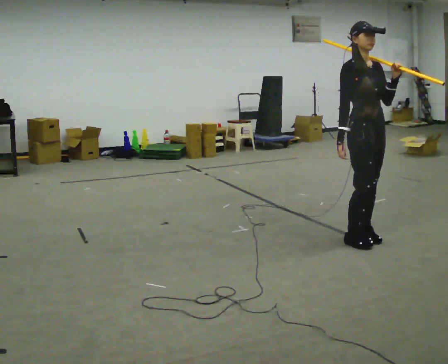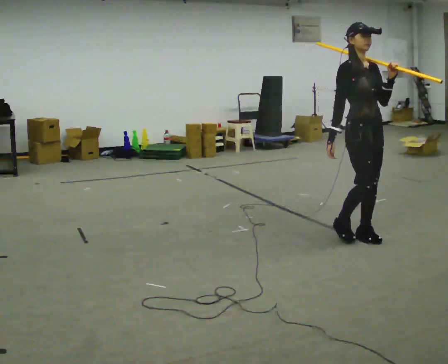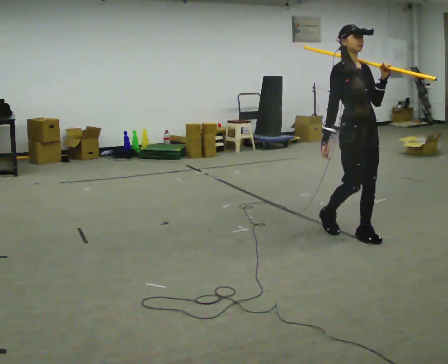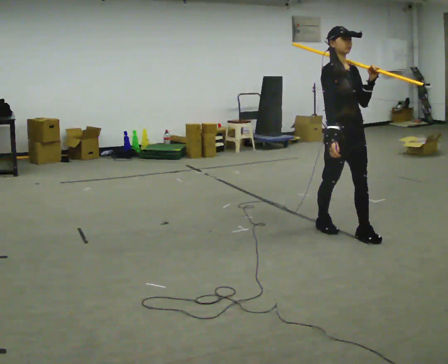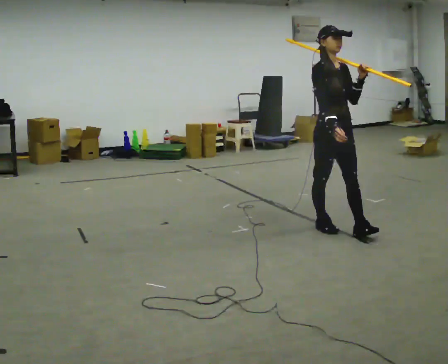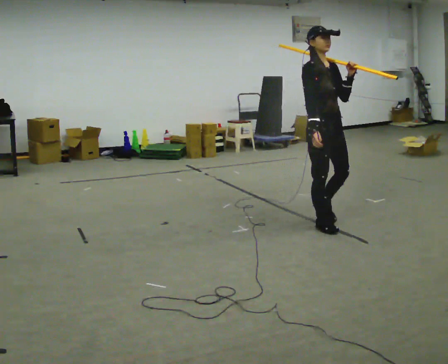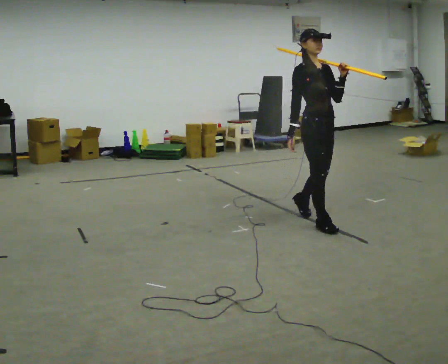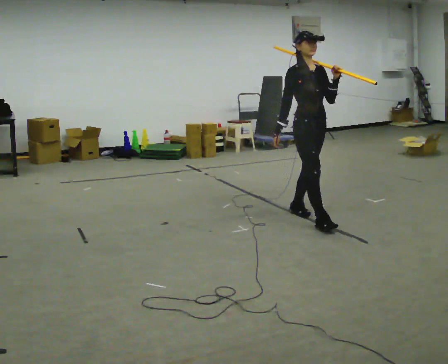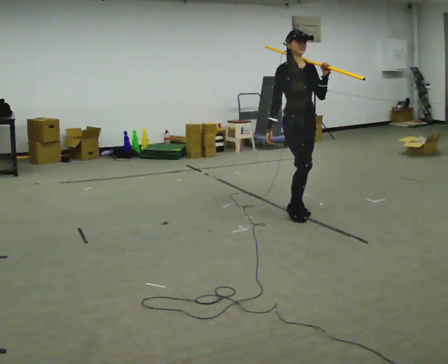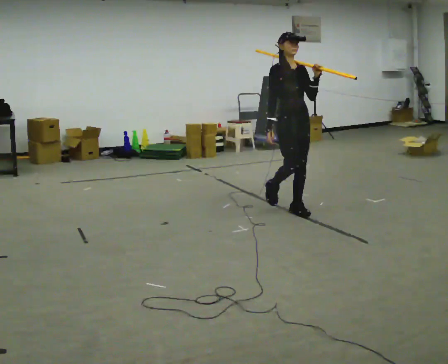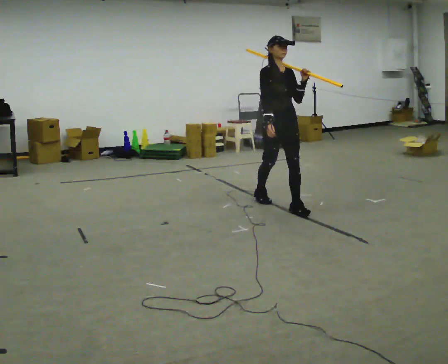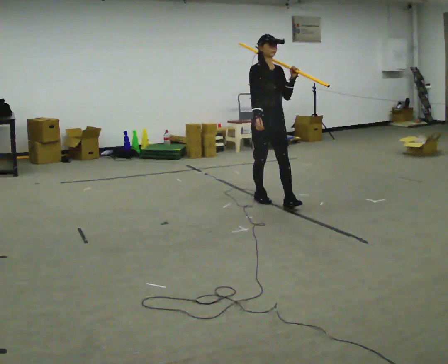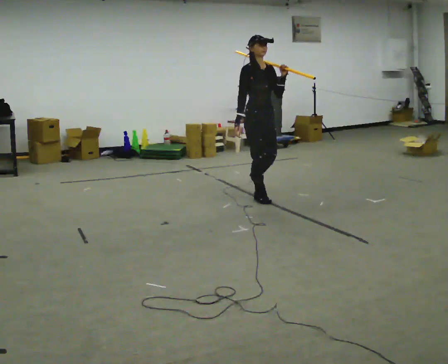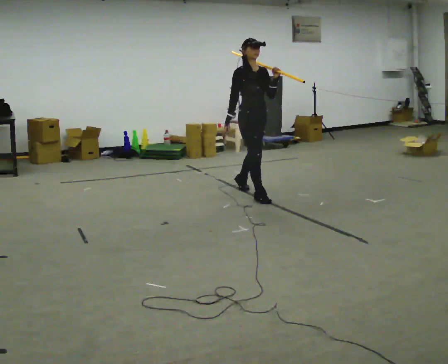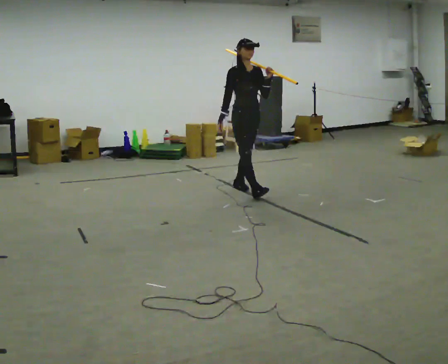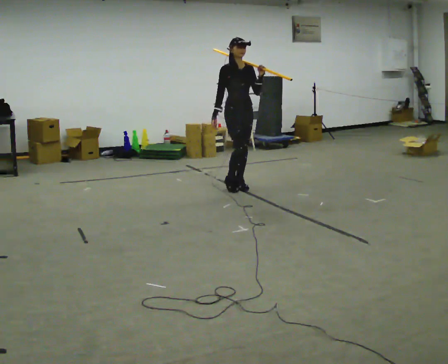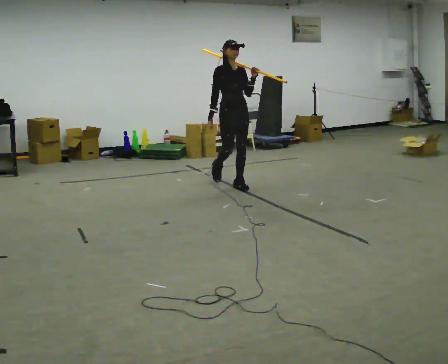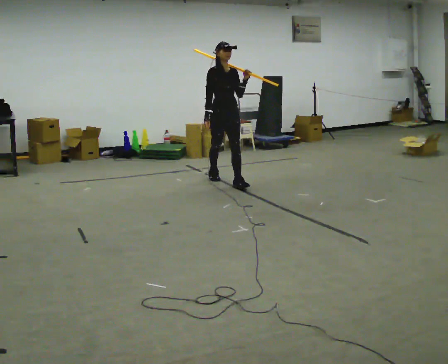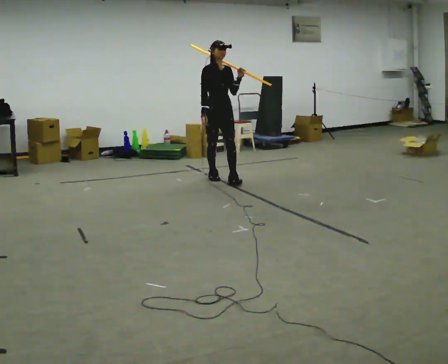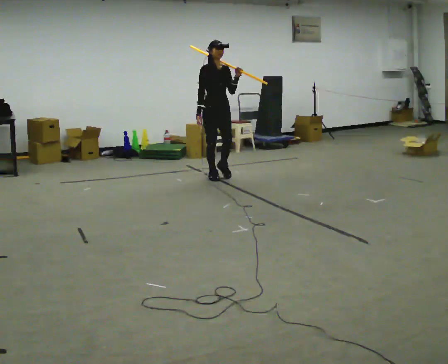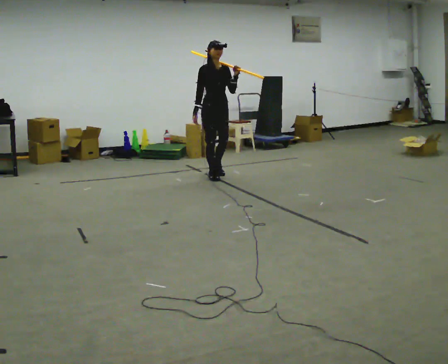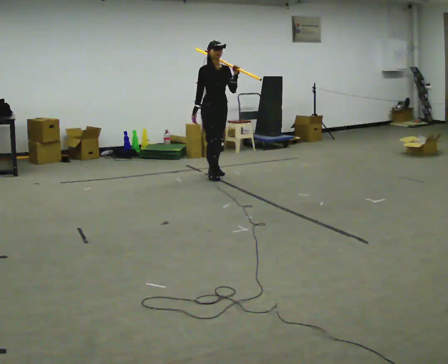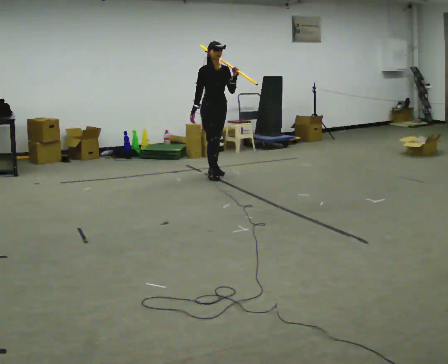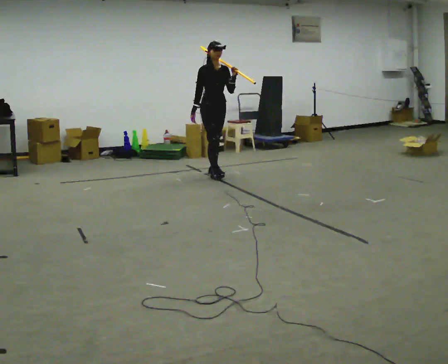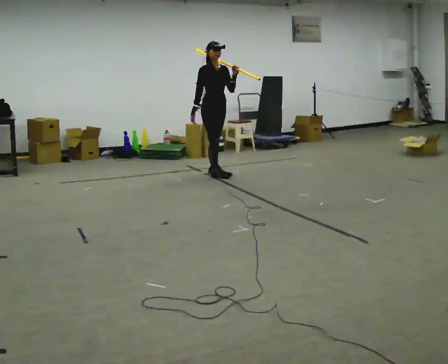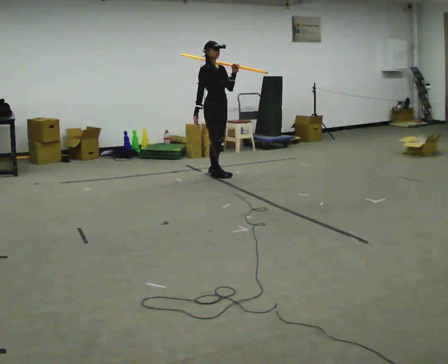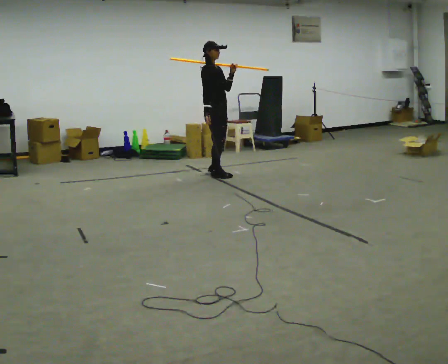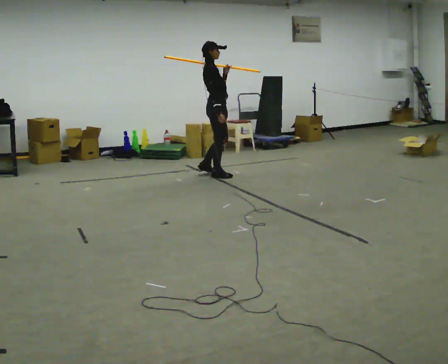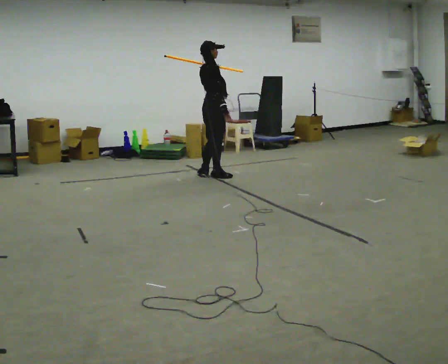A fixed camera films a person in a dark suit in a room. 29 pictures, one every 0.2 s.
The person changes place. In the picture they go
away from the camera.
0.0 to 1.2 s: In the picture they go away from the camera and to the left, about 0.5 m in 2 steps, which for them is backward.
1.2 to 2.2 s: In the picture they go away from the camera and to the left, about 1 m in 2 steps, which for them is backward.
2.2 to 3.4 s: In the picture they go away from the camera and to the left, about 1 m in 1 step, which for them is backward.
3.4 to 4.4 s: In the picture they go away from the camera and to the left, about 0.5 m in 1 step, which for them is backward.
4.4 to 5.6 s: Seen from above the body turns counterclockwise, about 90 degrees: to their left, with its near side sliding to the right. In the picture their right hand goes to the right.
The film runs backward here.
